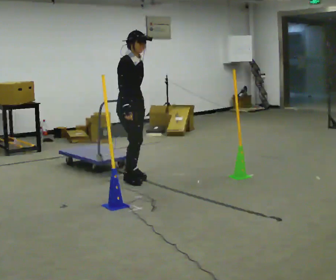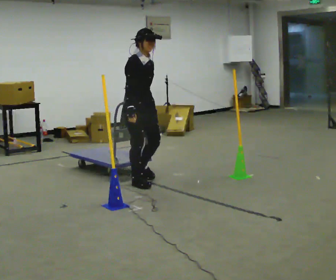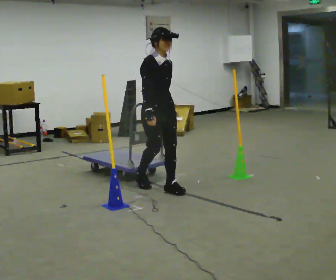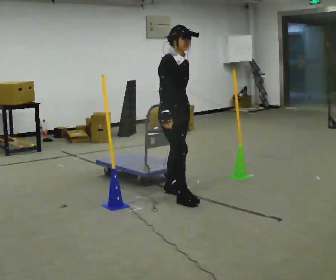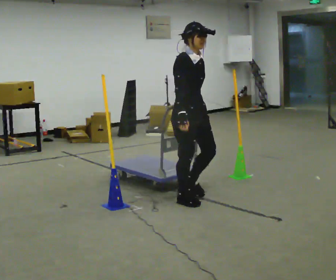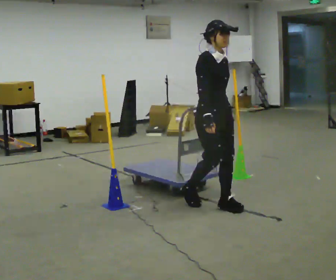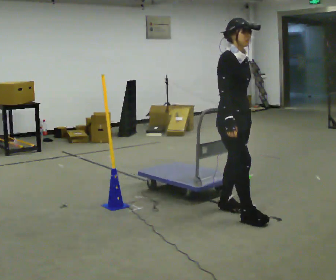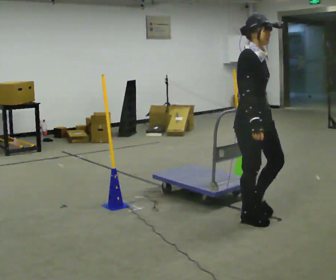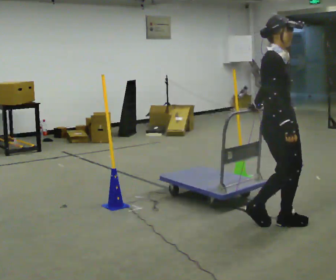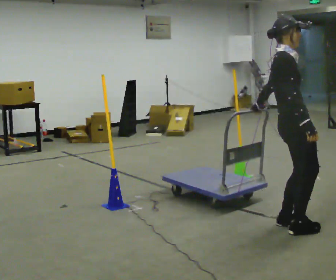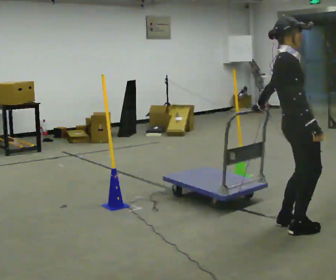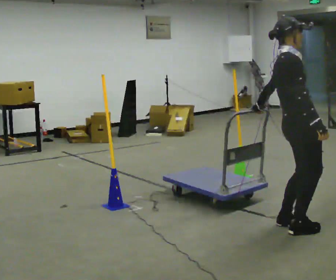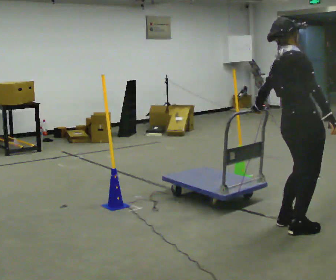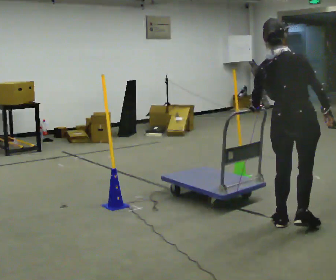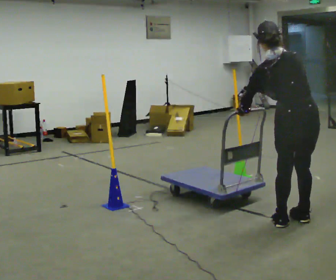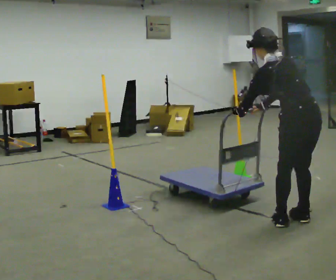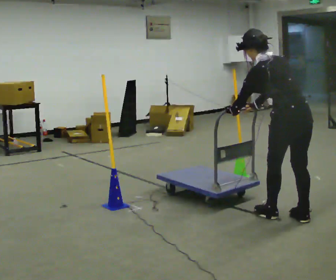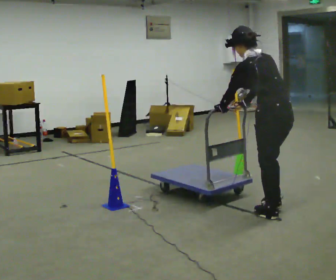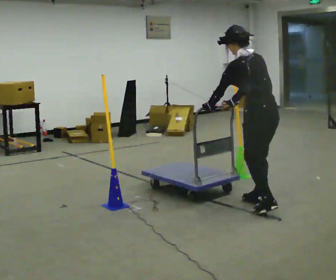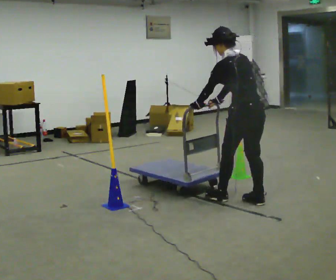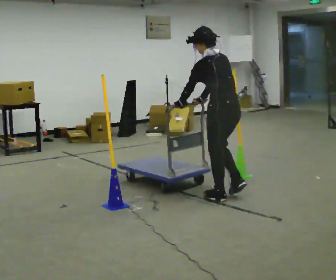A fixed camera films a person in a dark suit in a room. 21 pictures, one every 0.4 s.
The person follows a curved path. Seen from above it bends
counterclockwise.
0.0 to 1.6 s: In the picture they go to the right and toward the camera, about 1 m in 3 steps, which for them is forward.
1.6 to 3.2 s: In the picture they go to the right and toward the camera, about 1 m in 3 steps, which for them is forward.
3.2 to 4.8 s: The part of the body nearest the lens slides to the right as the person turns to their left by about 45 degrees. In the picture they go to the right, about 0.25 m in 1 step, which for them is forward. In the picture their right hand goes to the right.
4.8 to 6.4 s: The person turns about 90 degrees to their left, counterclockwise seen from above, so the part of the body nearest the lens slides to the right. In the picture they go away from the camera, about 0.25 m in 2 steps. In the picture the upper body tilts counterclockwise, shoulders to the left, as they bend forward. In the picture their right hand goes to the left.
6.4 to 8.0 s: In the picture they go to the left and away from the camera, about 1 m in 2 steps, which for them is forward.
The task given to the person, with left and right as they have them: Push the cart through the gap between the poles without touching them, then bring it back through.
The film runs forward here.
